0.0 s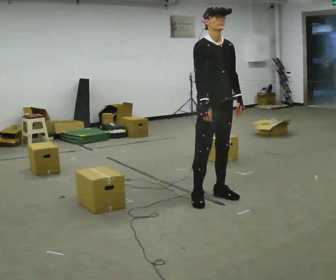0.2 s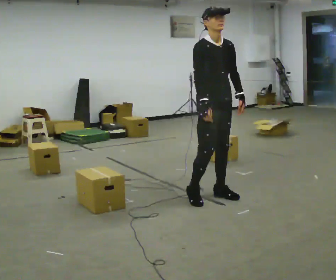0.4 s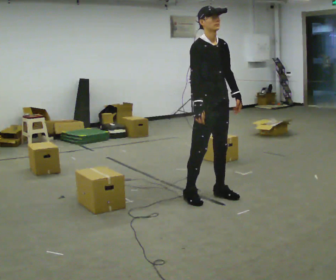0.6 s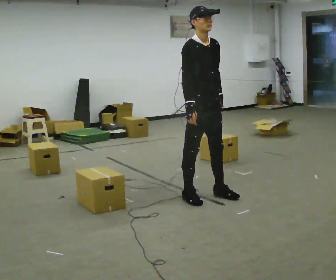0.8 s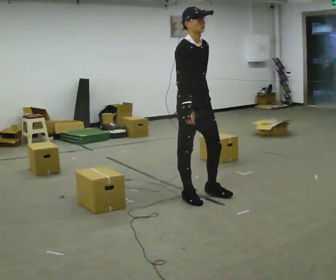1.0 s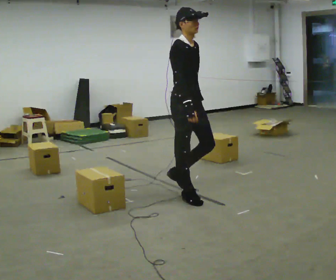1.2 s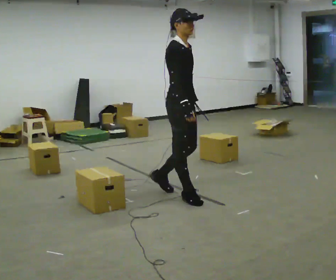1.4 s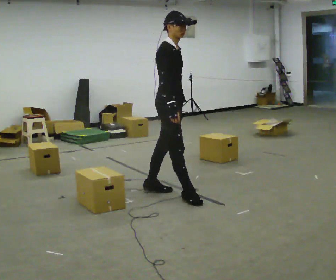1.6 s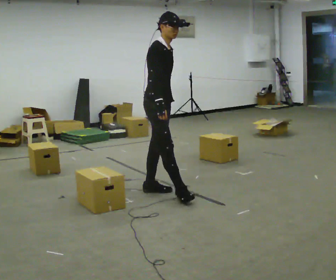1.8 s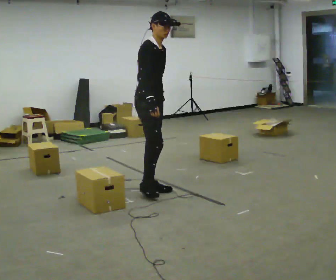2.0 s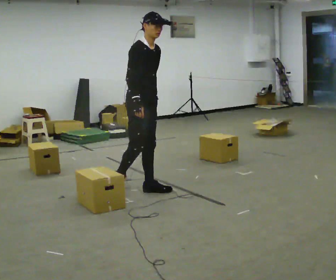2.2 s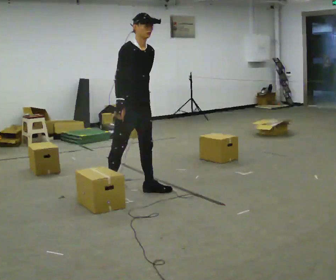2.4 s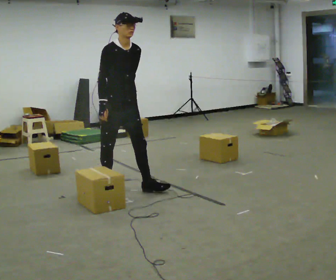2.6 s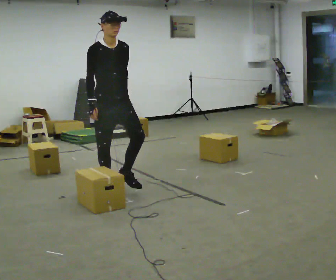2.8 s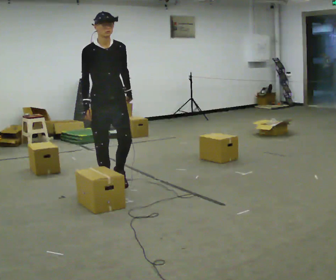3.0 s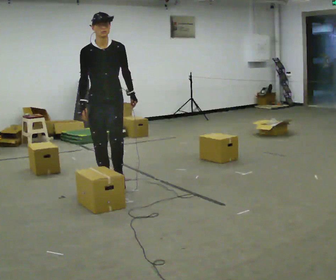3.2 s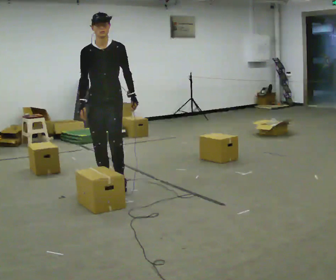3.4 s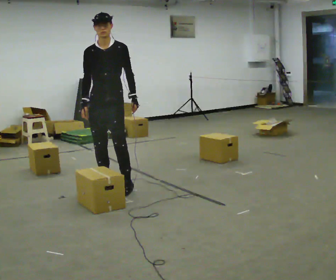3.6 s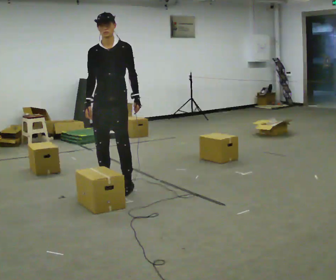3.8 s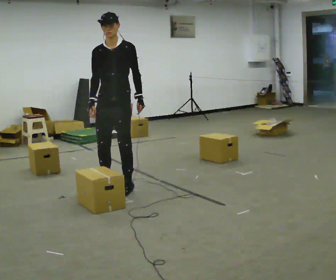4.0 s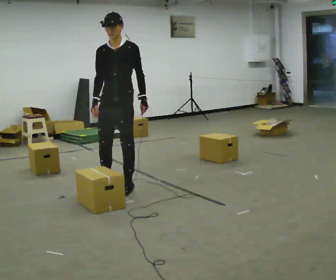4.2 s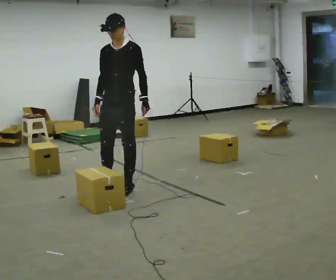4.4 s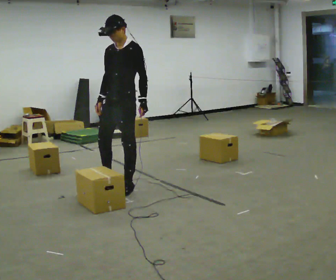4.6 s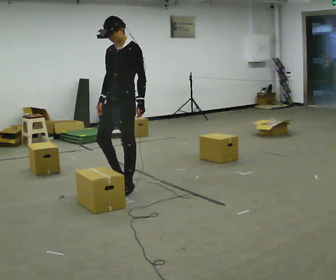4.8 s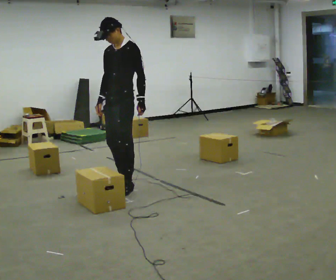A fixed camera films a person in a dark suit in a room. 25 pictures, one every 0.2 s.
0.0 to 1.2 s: Seen from above the body turns counterclockwise, about 30 degrees: to their left, with its near side sliding to the right. In the picture they go to the left, about 0.25 m in 1 step, which for them is to their right and backward.
1.2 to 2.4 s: The part of the body nearest the lens slides to the left as the person turns to their right by about 30 degrees. In the picture they go to the left and away from the camera, about 0.5 m in 1 step, which for them is backward.
2.4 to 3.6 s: The person turns about 45 degrees to their right, clockwise seen from above, so the part of the body nearest the lens slides to the left.
3.6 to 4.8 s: The part of the body nearest the lens slides to the left as the person turns to their right by about 30 degrees.
The film runs backward here.
